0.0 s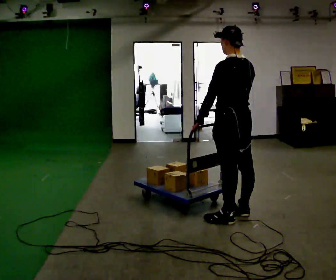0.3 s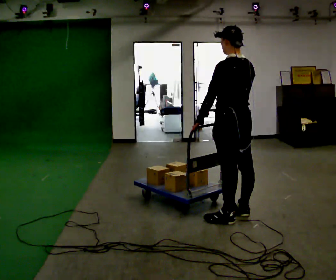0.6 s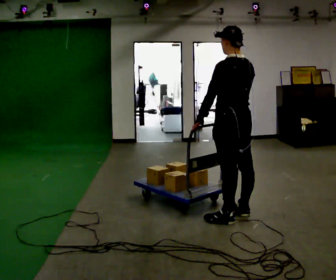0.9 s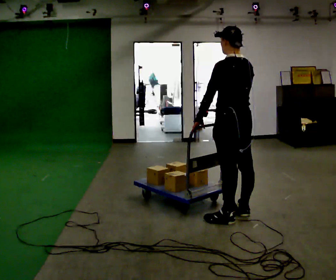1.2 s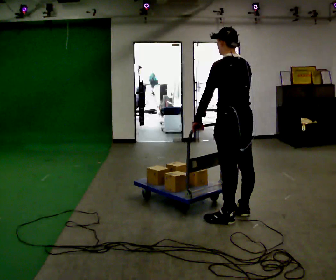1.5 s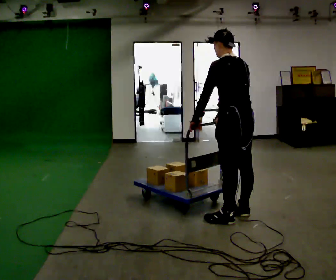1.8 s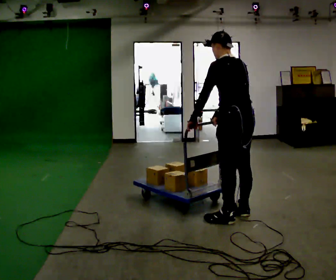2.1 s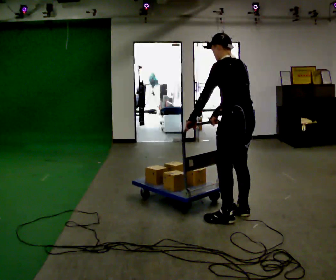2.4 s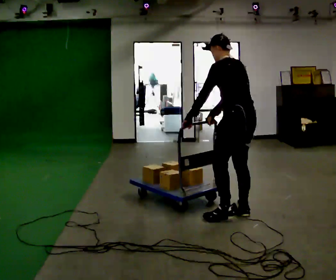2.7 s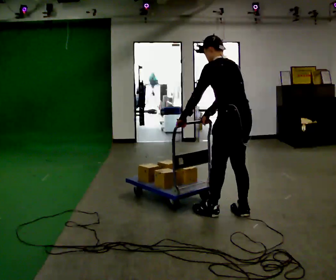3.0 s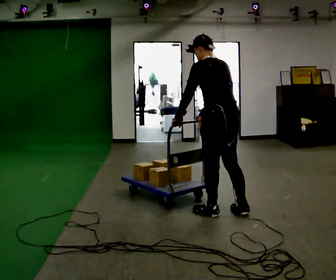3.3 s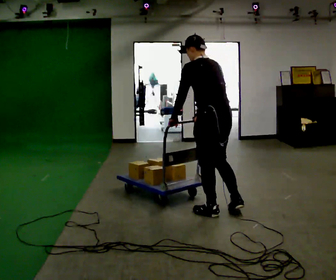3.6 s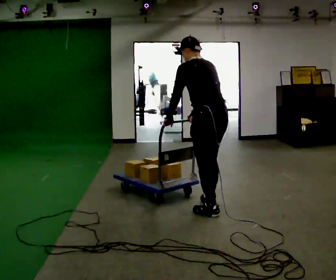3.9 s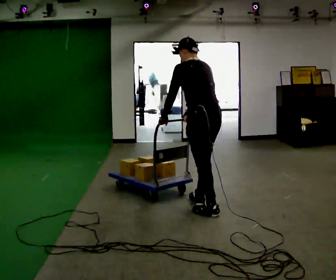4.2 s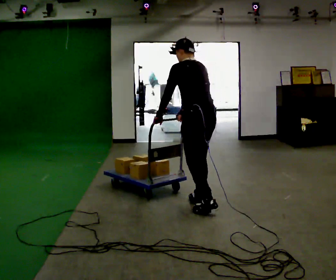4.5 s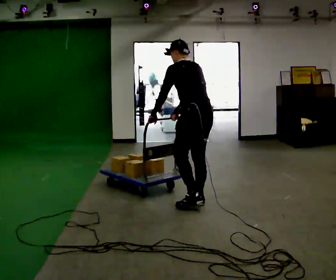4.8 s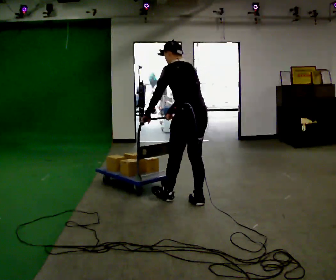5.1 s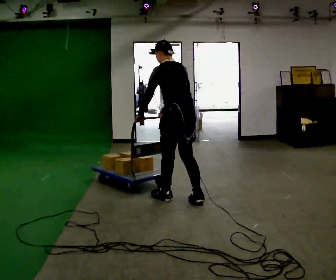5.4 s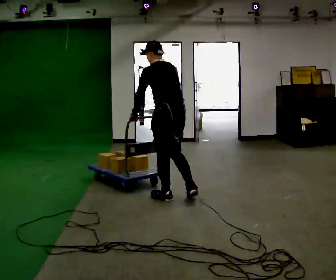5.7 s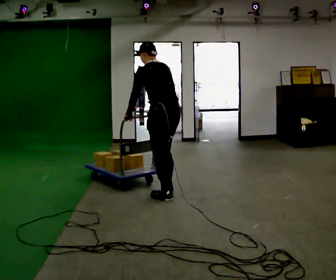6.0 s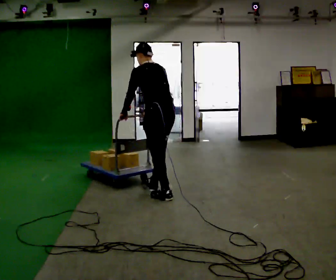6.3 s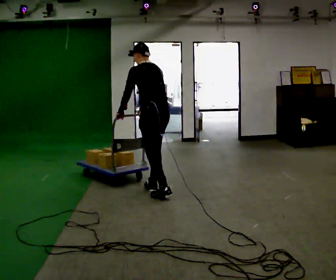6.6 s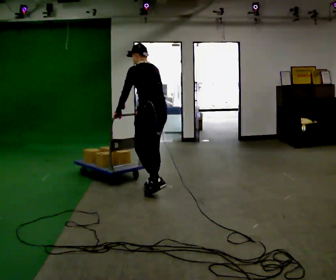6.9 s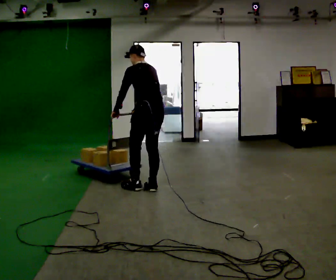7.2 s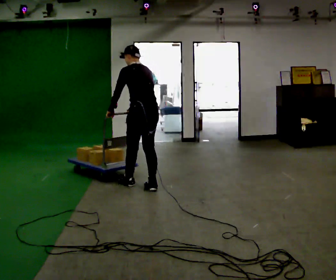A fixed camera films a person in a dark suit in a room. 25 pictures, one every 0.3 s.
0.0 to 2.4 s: The person moves a little, or ends about where they began.
2.4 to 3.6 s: In the picture they go to the left, about 0.25 m in 1 step, which for them is forward and to their left.
3.6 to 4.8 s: In the picture they go away from the camera and to the left, about 0.5 m in 1 step, which for them is forward.
4.8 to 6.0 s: In the picture they go to the left and away from the camera, about 0.5 m in 2 steps, which for them is forward.
6.0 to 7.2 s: In the picture they go away from the camera and to the left, about 0.5 m in 1 step, which for them is forward.
The film runs forward here.
